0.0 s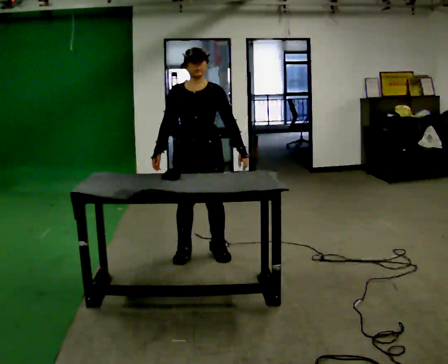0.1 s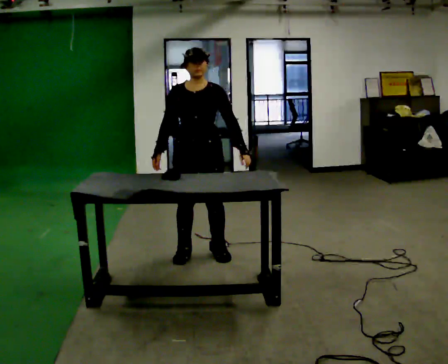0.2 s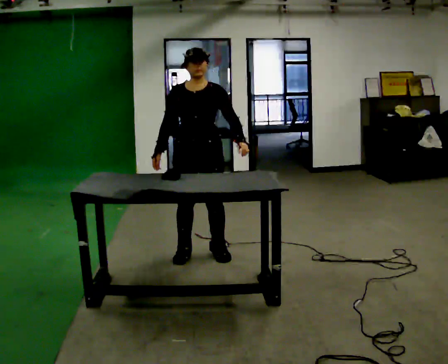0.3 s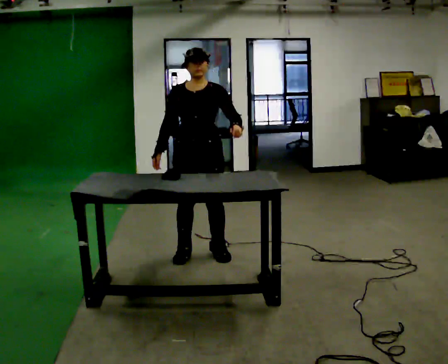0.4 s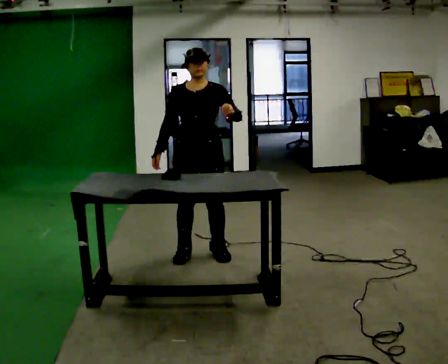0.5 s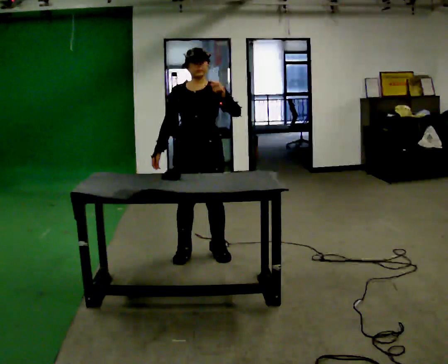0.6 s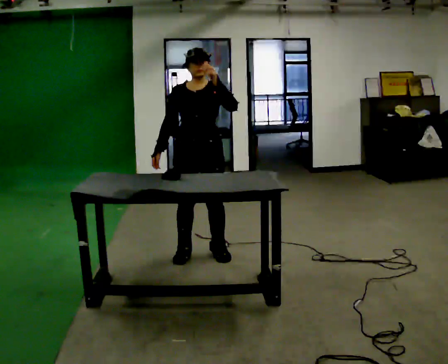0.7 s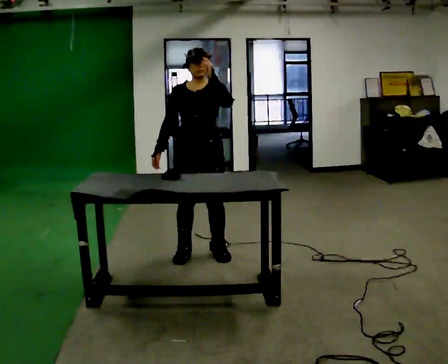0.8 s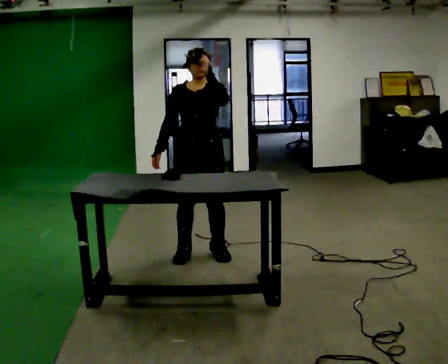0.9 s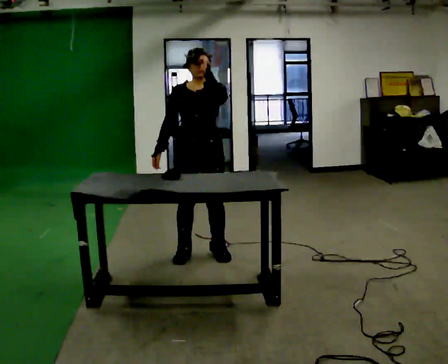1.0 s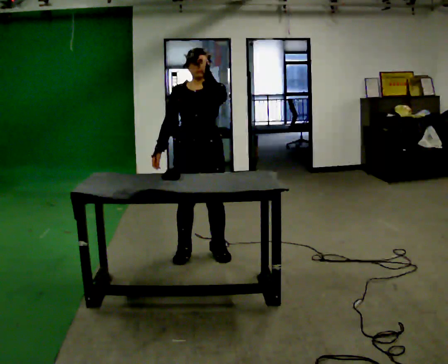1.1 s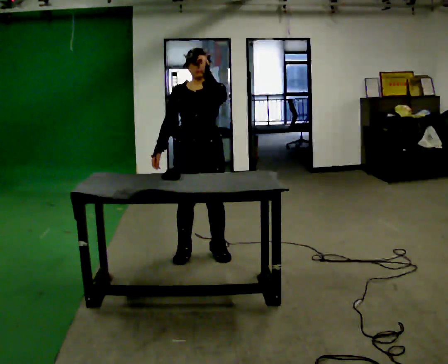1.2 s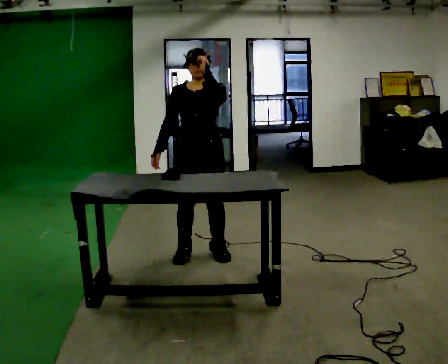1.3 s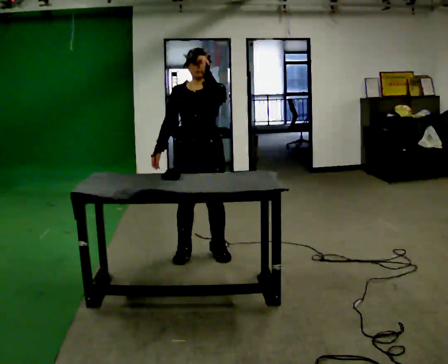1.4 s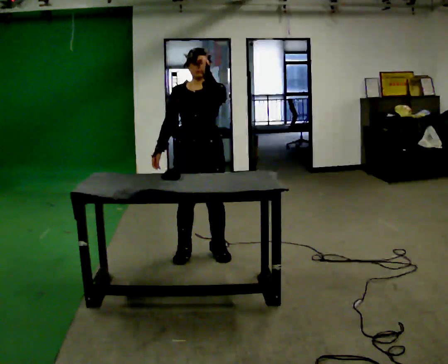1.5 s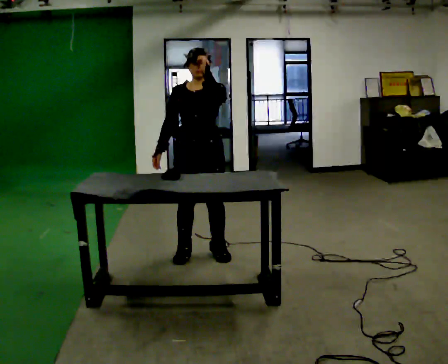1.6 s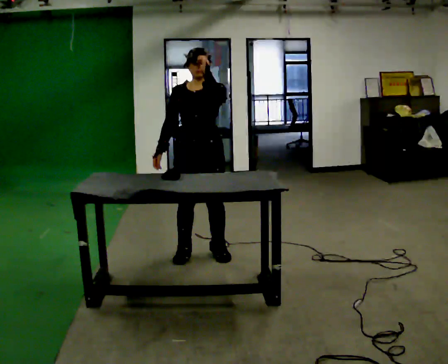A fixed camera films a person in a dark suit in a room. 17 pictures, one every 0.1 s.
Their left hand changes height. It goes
upward.
0.0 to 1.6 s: In the picture their left hand goes upward.
The film runs backward here.
